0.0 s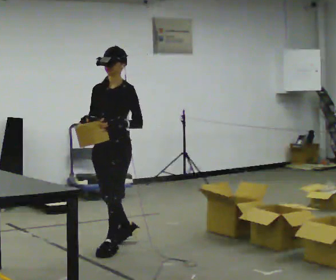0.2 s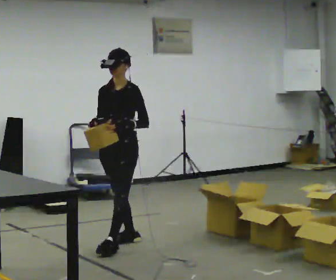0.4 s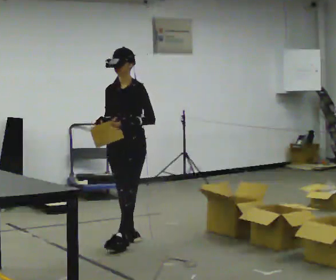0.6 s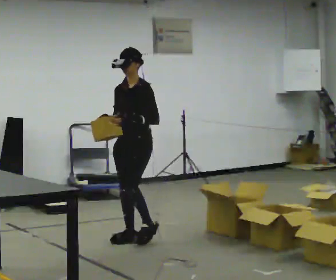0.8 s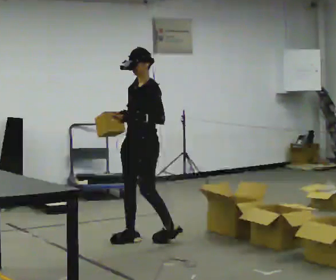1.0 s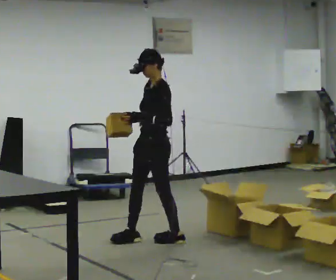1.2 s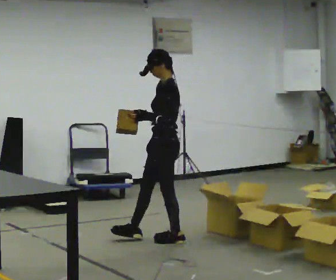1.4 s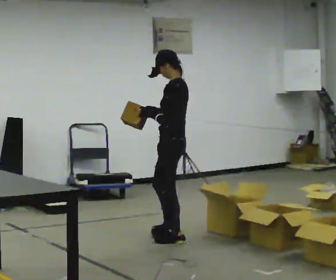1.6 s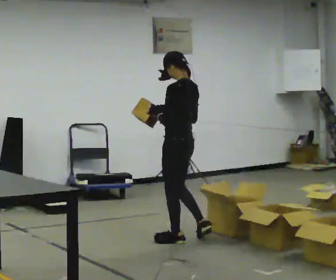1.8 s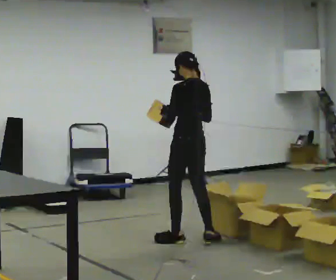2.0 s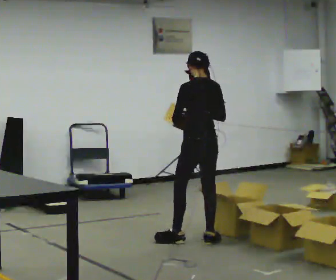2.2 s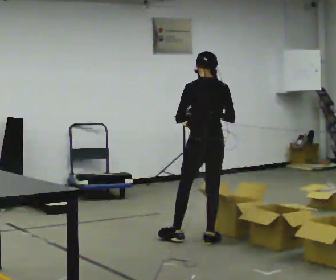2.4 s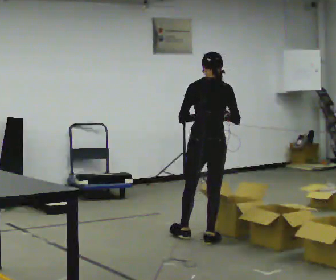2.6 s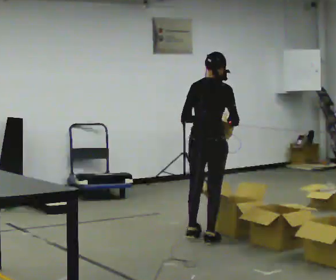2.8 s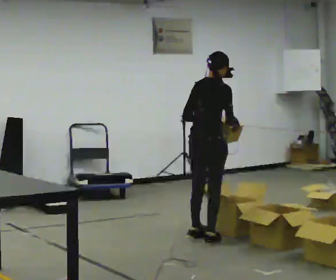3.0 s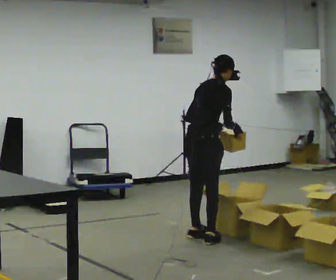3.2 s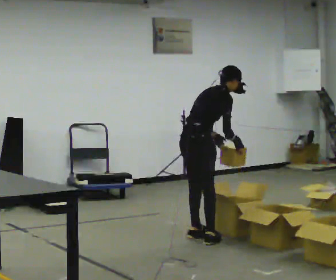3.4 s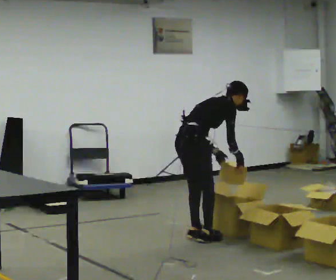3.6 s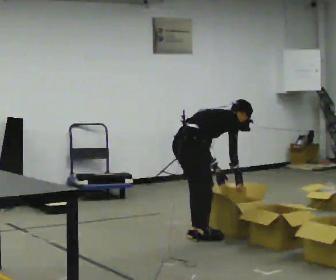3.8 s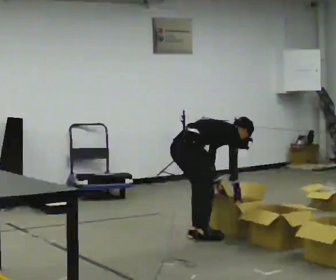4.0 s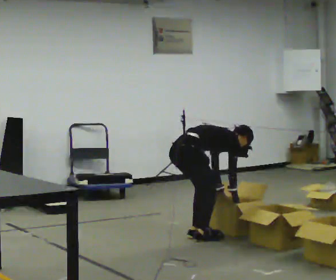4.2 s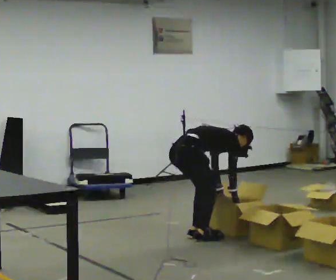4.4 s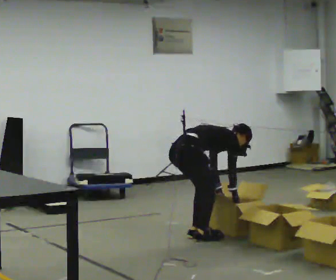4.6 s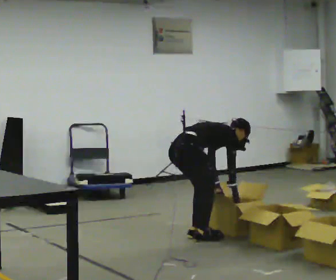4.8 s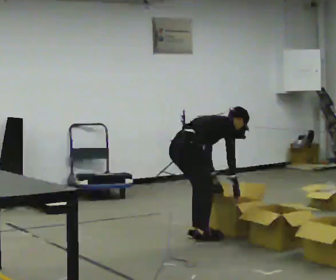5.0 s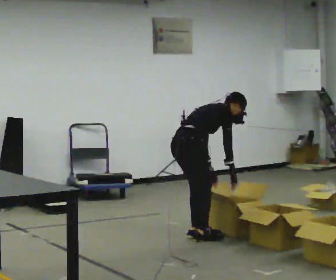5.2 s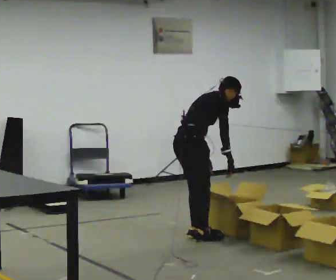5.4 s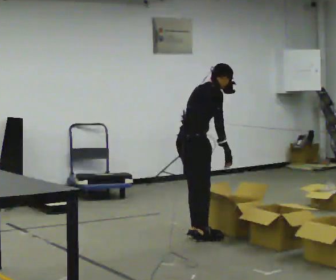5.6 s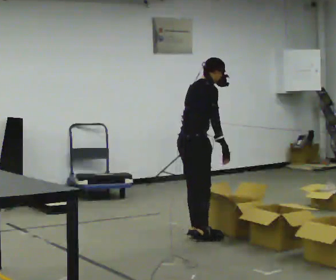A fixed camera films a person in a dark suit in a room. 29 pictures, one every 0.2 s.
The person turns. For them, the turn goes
to their right.
The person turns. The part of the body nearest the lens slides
to the left.
0.0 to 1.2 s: The part of the body nearest the lens slides to the left as the person turns to their right by about 45 degrees. In the picture they go to the right and away from the camera, about 0.5 m in 2 steps, which for them is backward.
1.2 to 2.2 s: The person turns about 75 degrees to their right, clockwise seen from above, so the part of the body nearest the lens slides to the left. In the picture they go to the right, about 0.25 m in 1 step.
2.2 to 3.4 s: Seen from above the body turns clockwise, about 75 degrees: to their right, with its near side sliding to the left. In the picture the upper body tilts clockwise, shoulders to the right, as they bend forward. In the picture their right hand goes downward.
3.4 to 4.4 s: The upper body goes downward. In the picture the upper body tilts clockwise, shoulders to the right, as they bend forward. In the picture their left hand goes downward.
4.4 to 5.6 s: The upper body goes upward. In the picture the upper body tilts counterclockwise, shoulders to the left, as they lean back or straighten. In the picture their left hand goes upward.
The film runs backward here.
